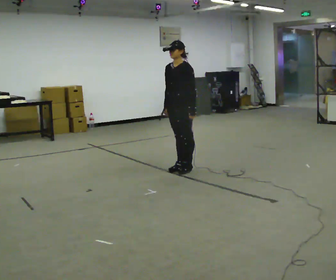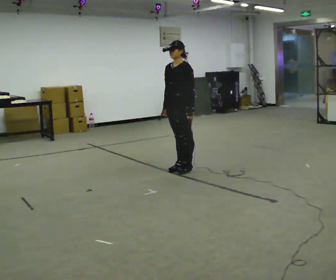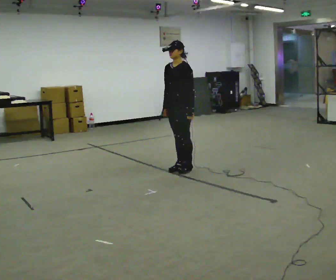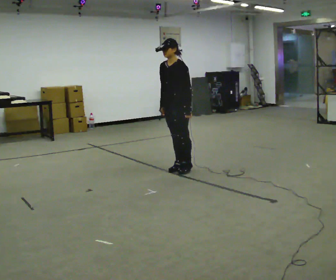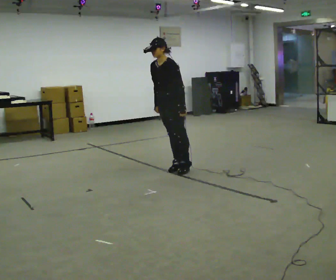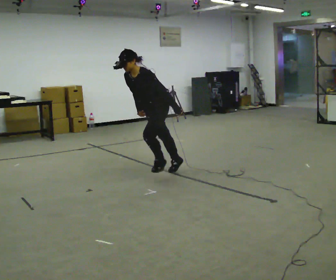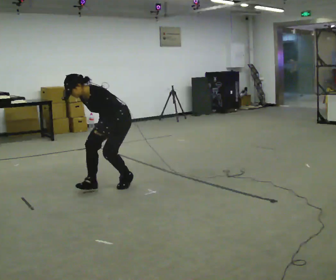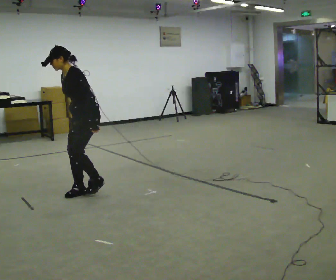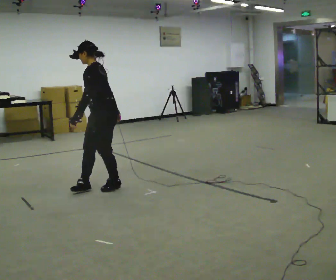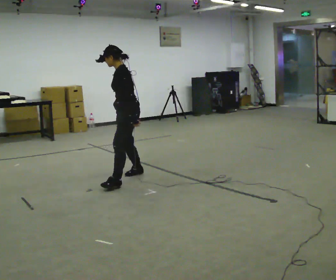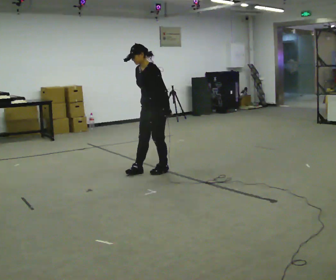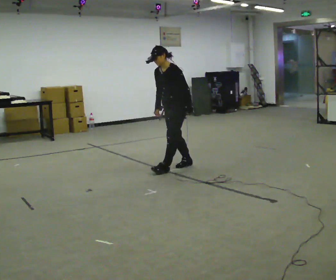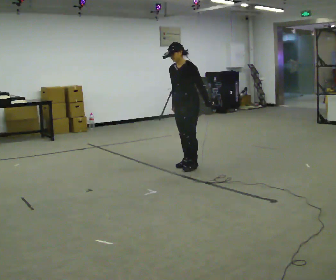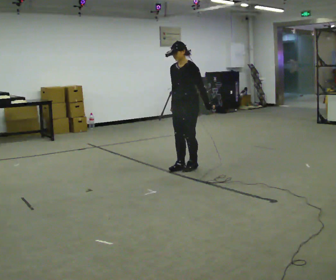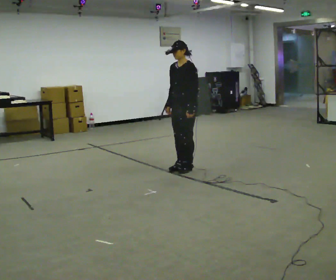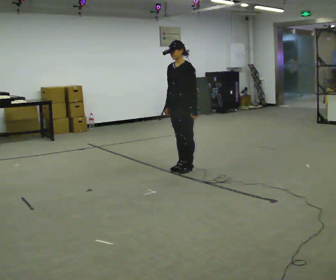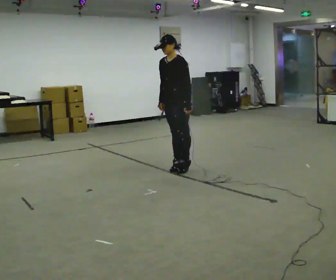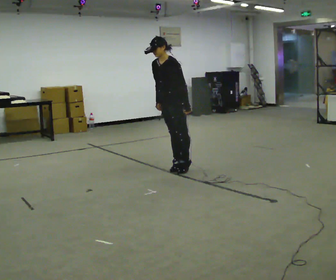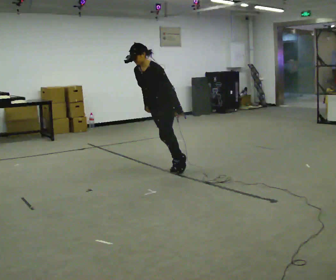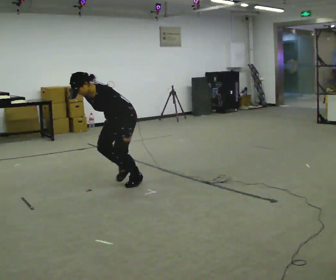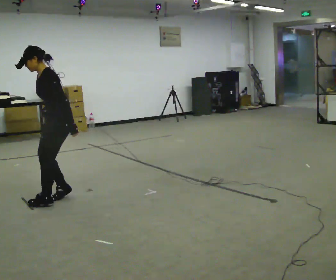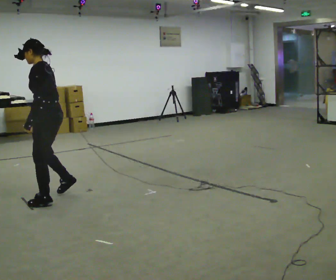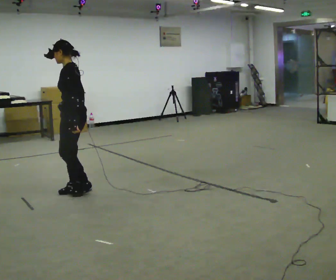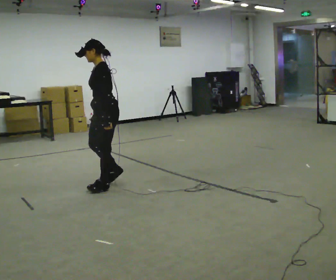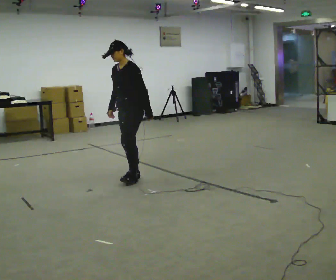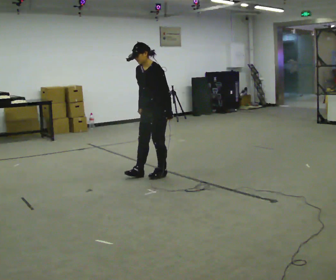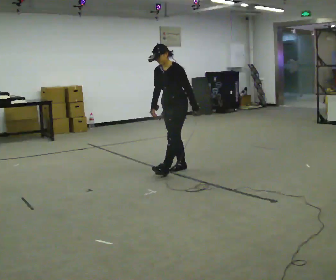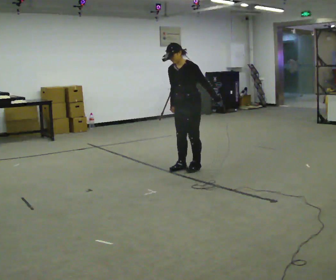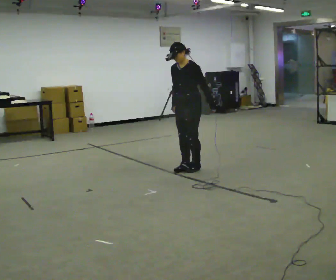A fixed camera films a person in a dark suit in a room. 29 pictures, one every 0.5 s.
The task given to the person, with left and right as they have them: Stand on the marked spots and rise up onto your toes. Stay up until you start to topple forward, then step to catch yourself. Repeat at your own pace until the operator says stop. Go slowly and only as far as you are comfortable. Step whenever you need to; do not try to hold on longer than feels safe.
0.0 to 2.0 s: The person moves a little, or ends about where they began.
2.0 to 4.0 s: The person turns about 30 degrees to their right, clockwise seen from above, so the part of the body nearest the lens slides to the left. In the picture they go toward the camera and to the left, about 1 m in 4 steps, which for them is forward.
4.0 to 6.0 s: The person turns about 30 degrees to their left, counterclockwise seen from above, so the part of the body nearest the lens slides to the right. In the picture they go away from the camera and to the right, about 1 m in 4 steps, which for them is backward.
6.0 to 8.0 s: In the picture they go toward the camera, about 0.25 m in 1 step, which for them is forward.
8.0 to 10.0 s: In the picture they go toward the camera and to the left, about 1.5 m in 2 steps, which for them is forward.
10.0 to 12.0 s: In the picture they go away from the camera and to the right, about 1 m in 4 steps, which for them is backward and to their right.
12.0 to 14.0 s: In the picture they go to the right and away from the camera, about 1 m in 3 steps, which for them is backward.
The film runs forward here.
